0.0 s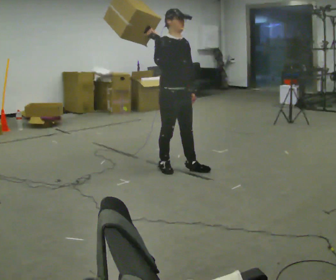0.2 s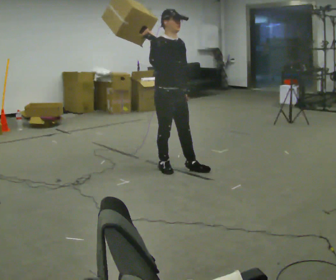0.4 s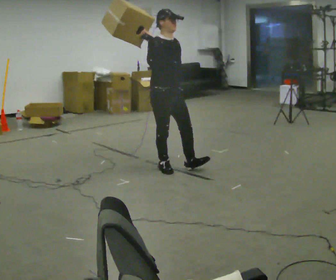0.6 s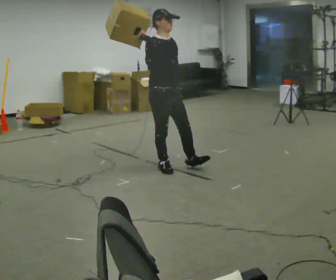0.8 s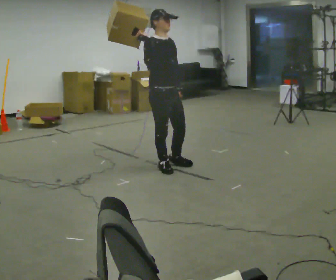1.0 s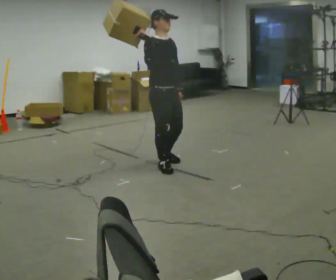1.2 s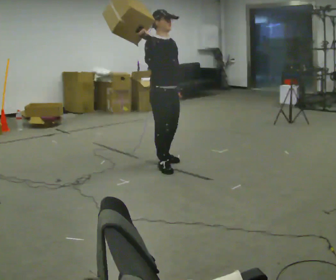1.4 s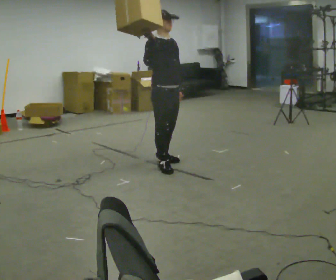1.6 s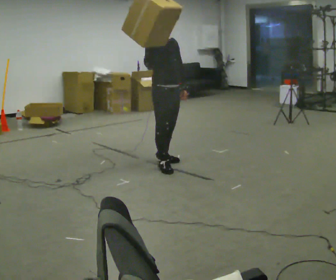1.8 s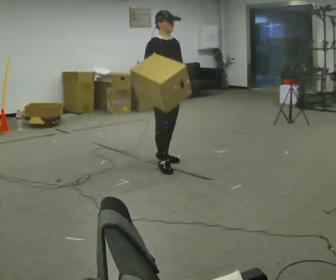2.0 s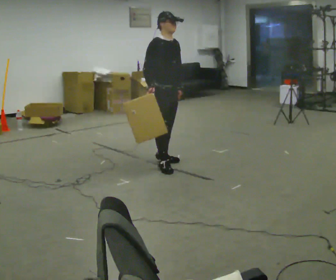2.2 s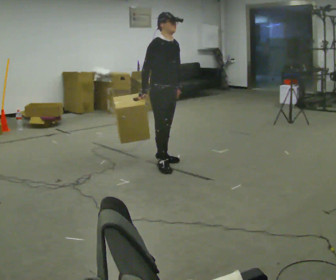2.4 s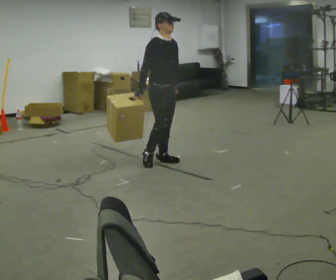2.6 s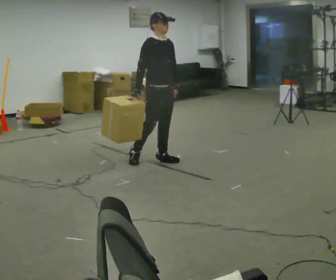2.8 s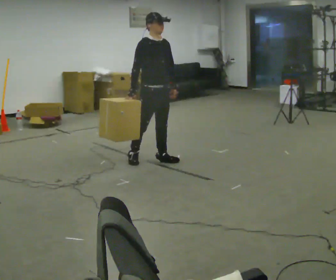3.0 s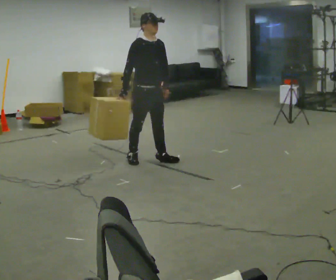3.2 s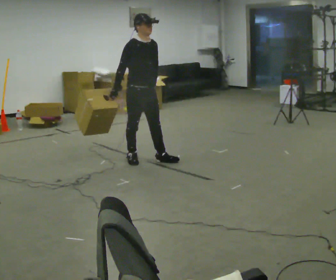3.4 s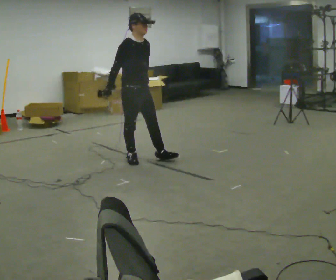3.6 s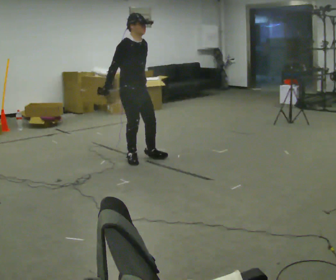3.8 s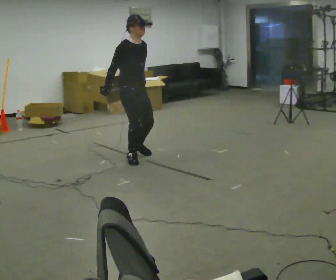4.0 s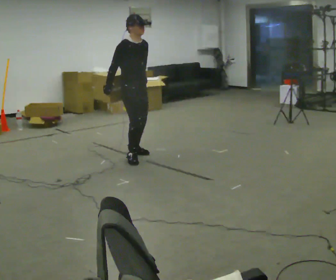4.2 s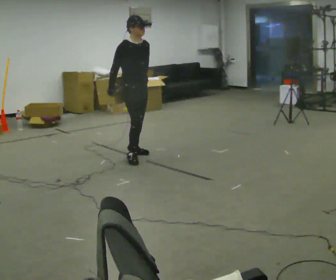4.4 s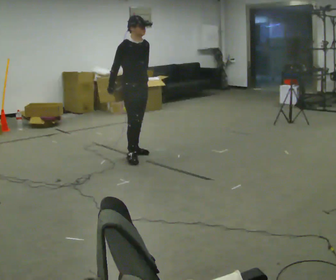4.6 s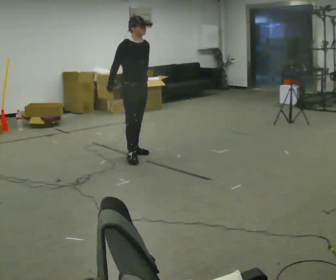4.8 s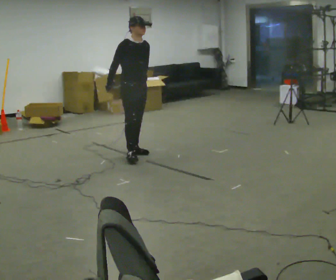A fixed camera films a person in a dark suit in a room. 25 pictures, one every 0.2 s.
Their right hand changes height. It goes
downward.
0.0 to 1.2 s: The person moves a little, or ends about where they began.
1.2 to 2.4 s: In the picture they go away from the camera, about 0.25 m in 1 step, which for them is backward and to their left. In the picture their right hand goes downward.
2.4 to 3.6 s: In the picture they go to the left, about 0.25 m in 1 step, which for them is backward and to their right.
3.6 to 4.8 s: In the picture they go away from the camera, about 0.25 m, which for them is backward and to their left.
The film runs backward here.
